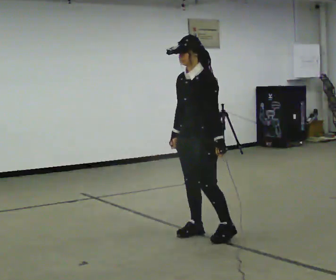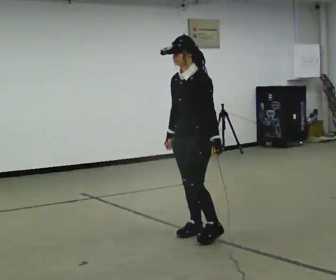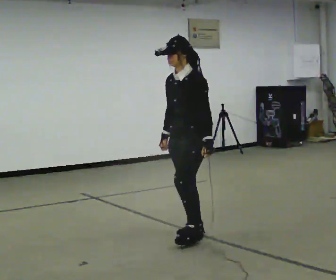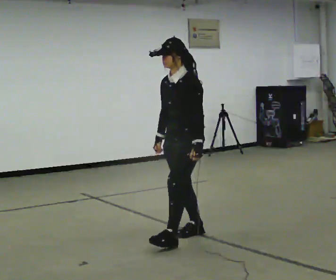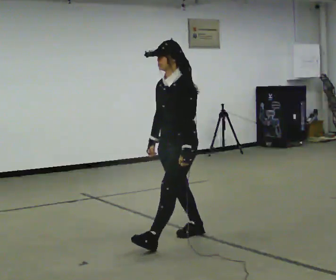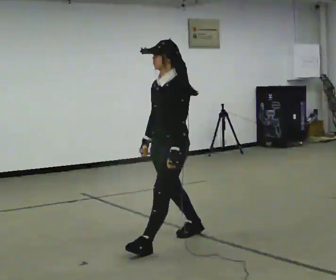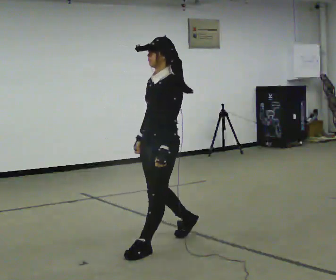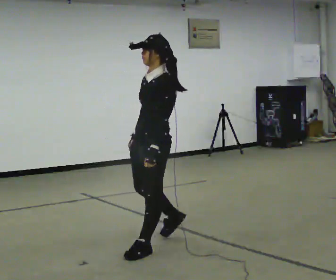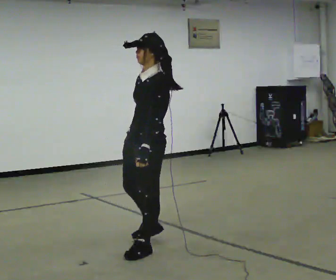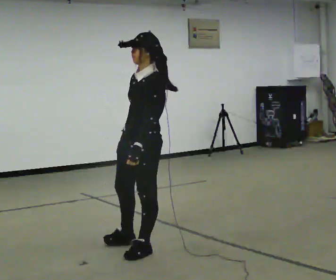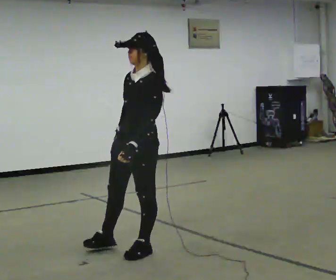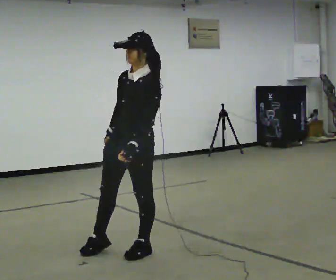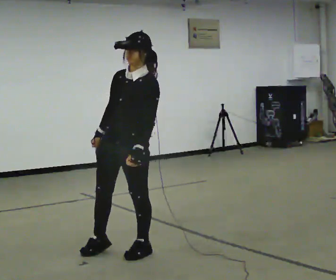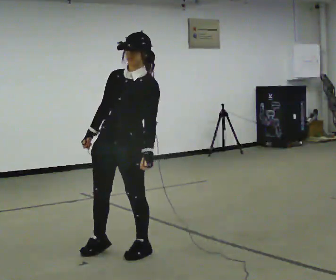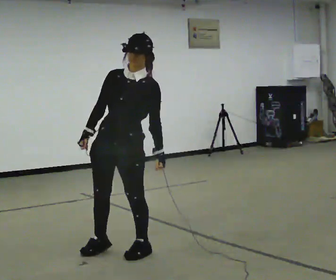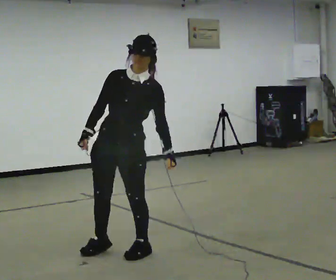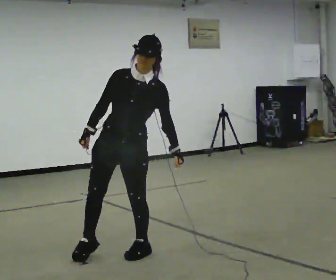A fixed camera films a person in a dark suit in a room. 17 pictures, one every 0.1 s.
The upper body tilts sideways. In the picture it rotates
clockwise.
0.0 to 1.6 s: The part of the body nearest the lens slides to the right as the person turns to their left by about 45 degrees. In the picture they go to the left and toward the camera, about 1 m in 2 steps, which for them is forward. In the picture the upper body tilts clockwise, shoulders to the right.
The film runs backward here.
